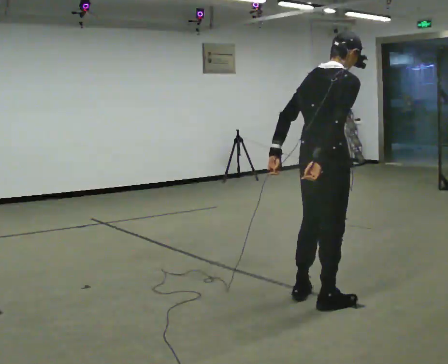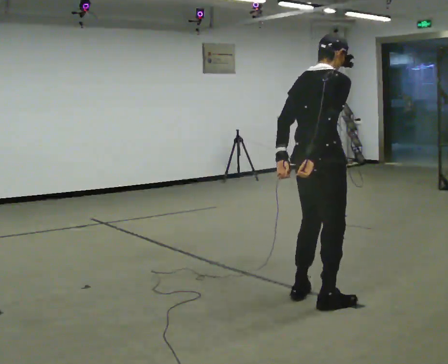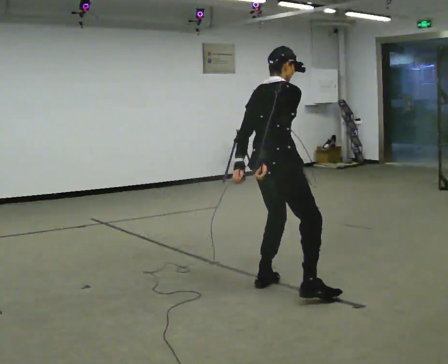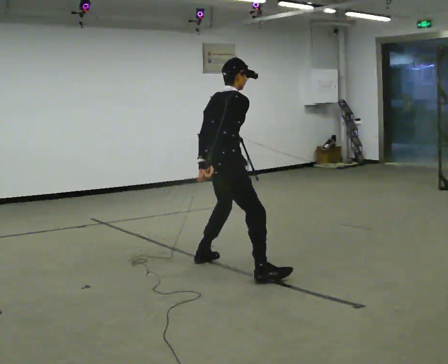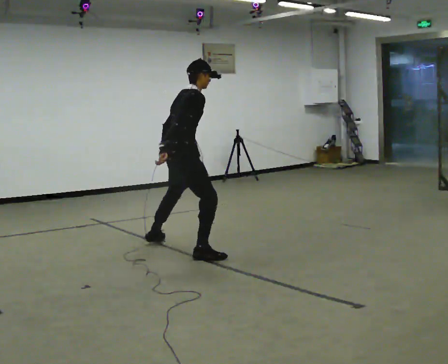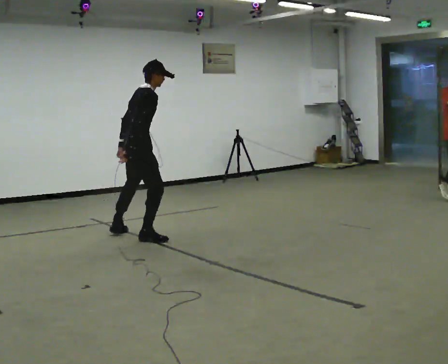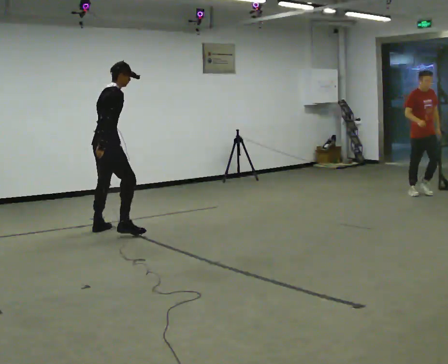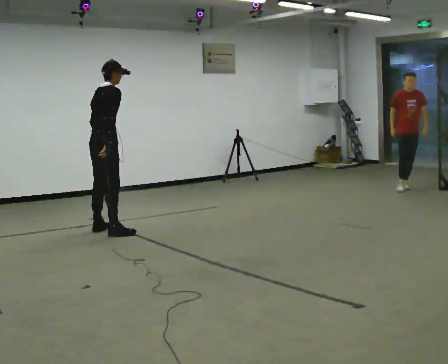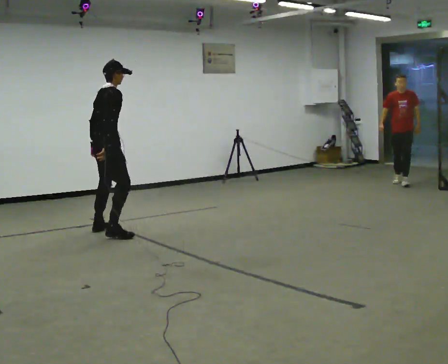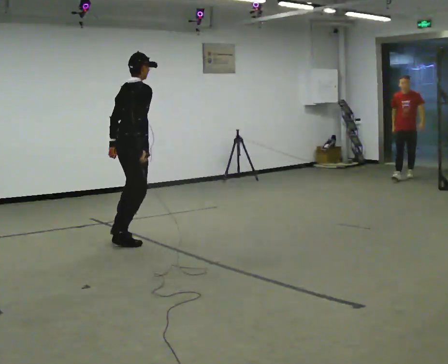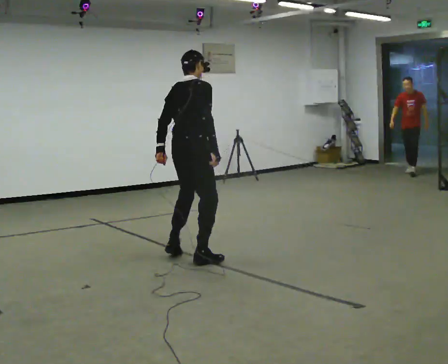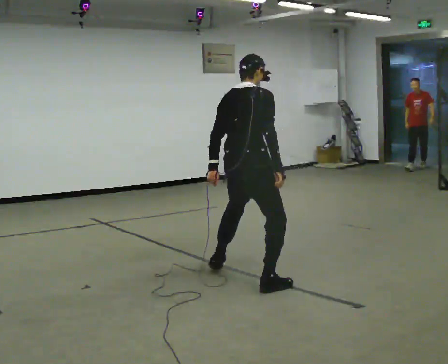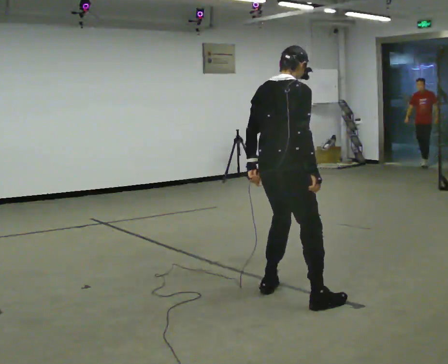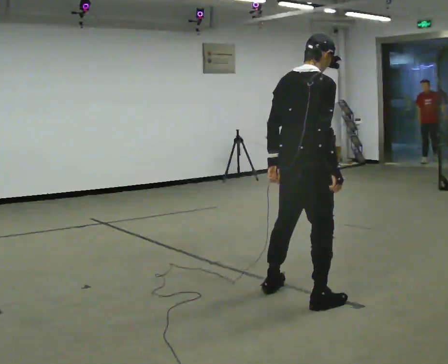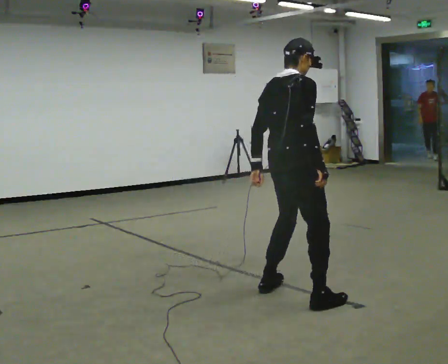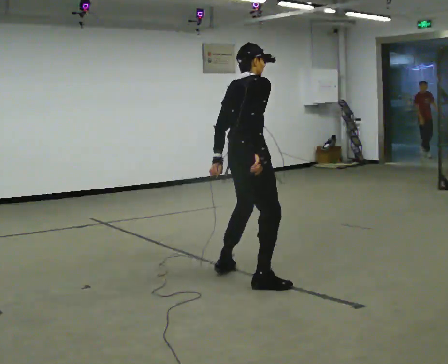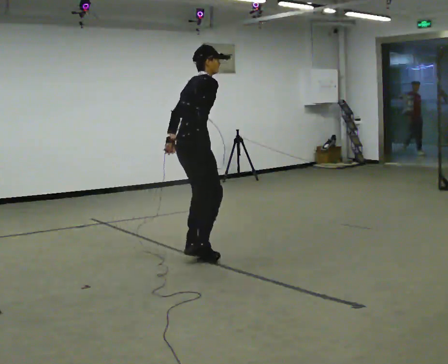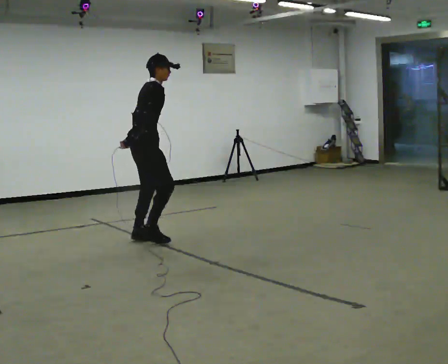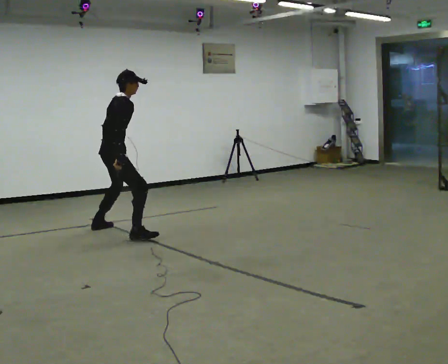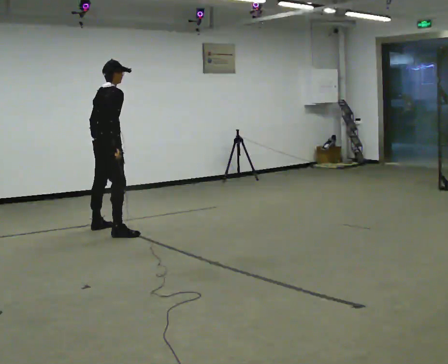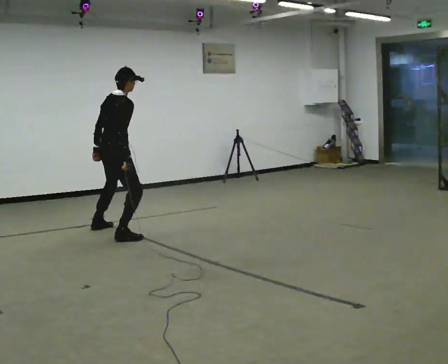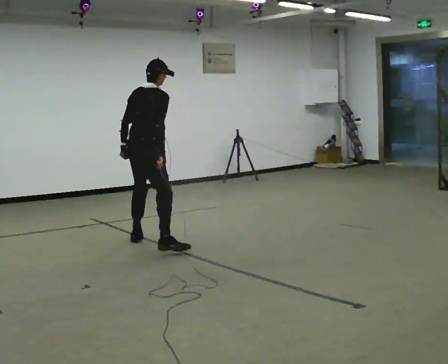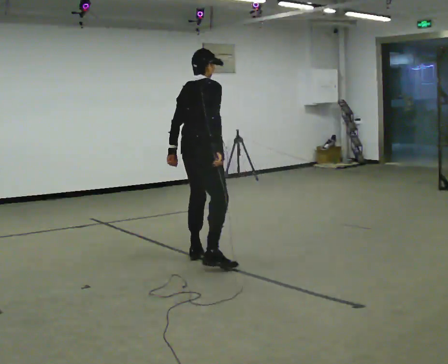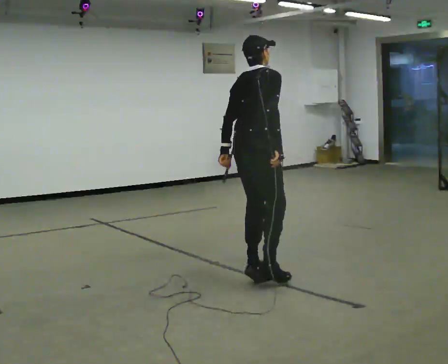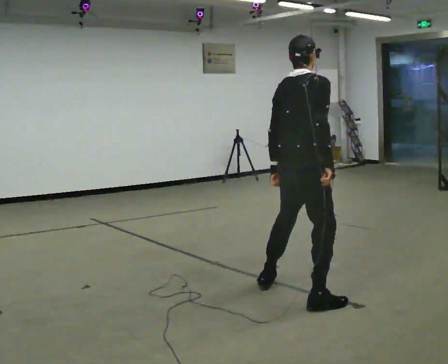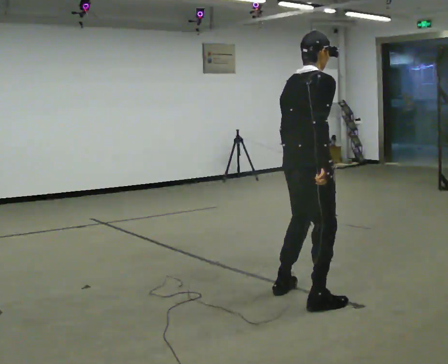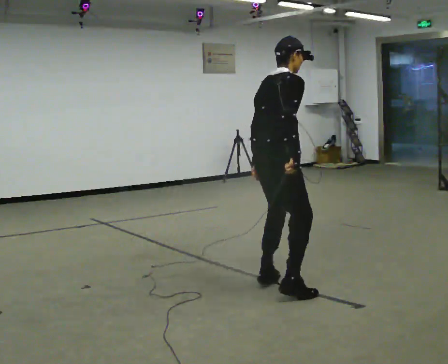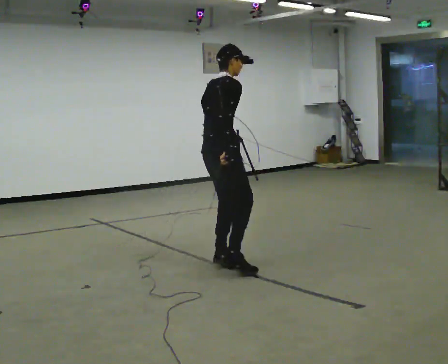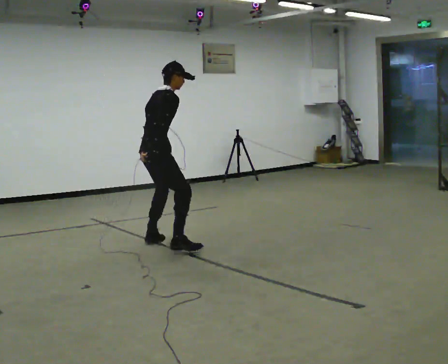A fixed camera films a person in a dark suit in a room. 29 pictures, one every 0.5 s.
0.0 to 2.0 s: In the picture they go away from the camera and to the left, about 1.5 m in 5 steps, which for them is to their left.
2.0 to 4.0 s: In the picture they go to the left and away from the camera, about 1 m in 4 steps, which for them is to their left.
4.0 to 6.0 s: In the picture they go toward the camera and to the right, about 2.5 m in 6 steps, which for them is to their right.
6.0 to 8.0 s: In the picture they go away from the camera and to the left, about 1 m in 4 steps, which for them is to their left.
8.0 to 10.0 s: In the picture they go to the left and away from the camera, about 1.5 m in 4 steps, which for them is to their left.
10.0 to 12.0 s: In the picture they go toward the camera and to the right, about 2.5 m in 6 steps, which for them is to their right.
12.0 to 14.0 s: In the picture they go away from the camera and to the left, about 2 m in 4 steps, which for them is to their left.
The film runs backward here.
